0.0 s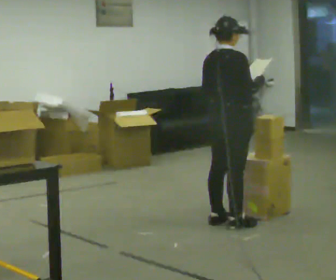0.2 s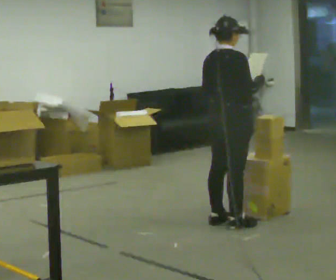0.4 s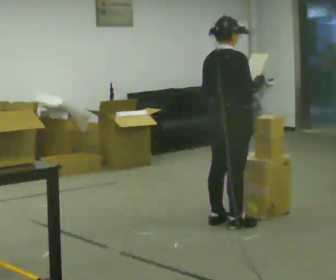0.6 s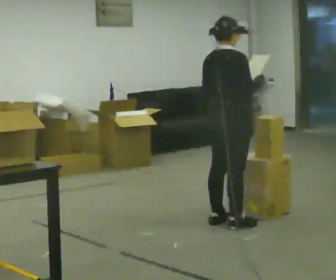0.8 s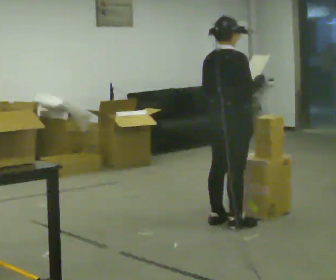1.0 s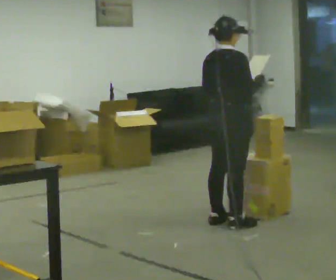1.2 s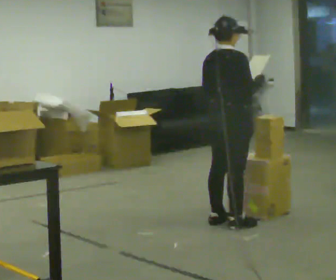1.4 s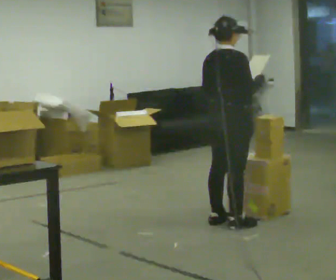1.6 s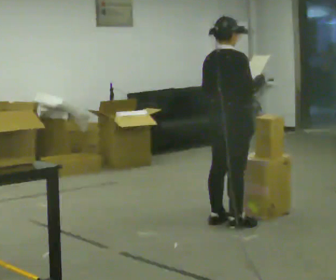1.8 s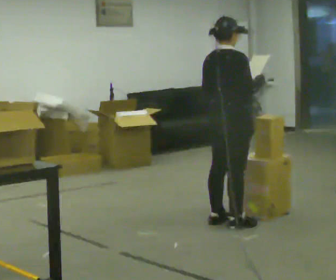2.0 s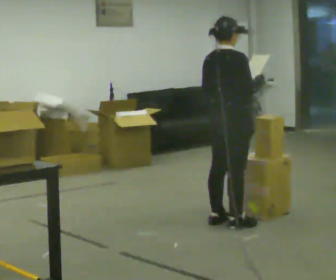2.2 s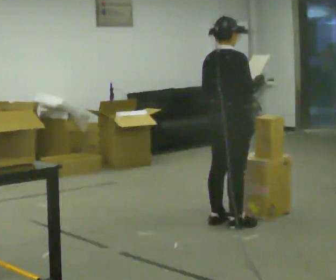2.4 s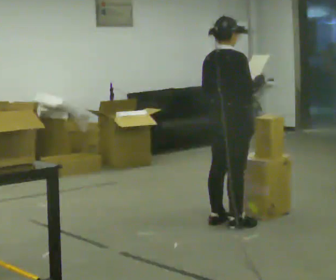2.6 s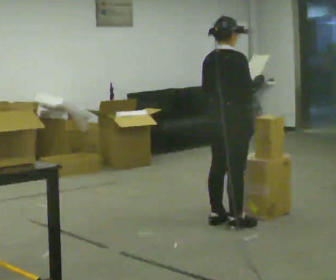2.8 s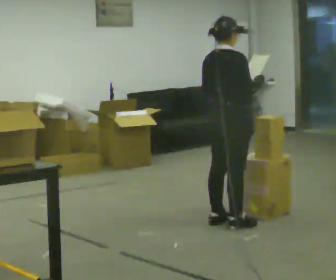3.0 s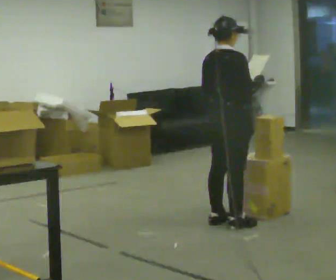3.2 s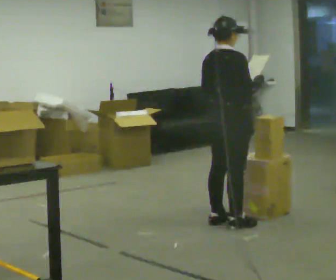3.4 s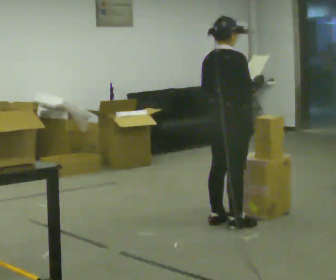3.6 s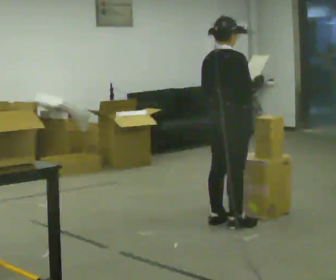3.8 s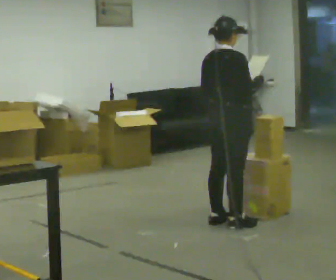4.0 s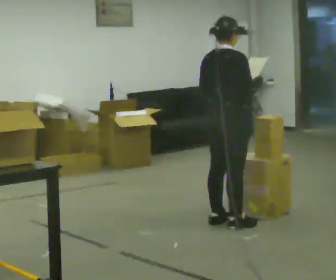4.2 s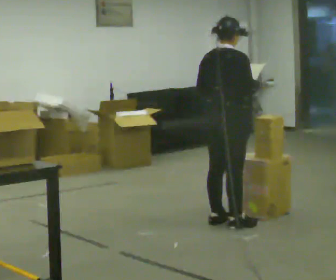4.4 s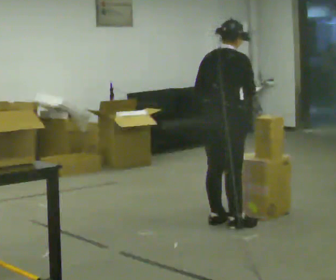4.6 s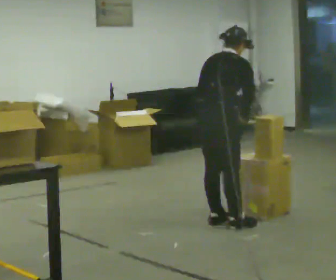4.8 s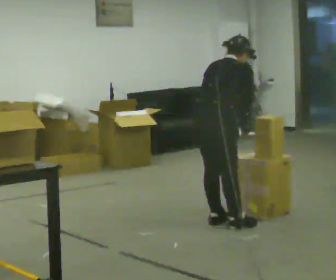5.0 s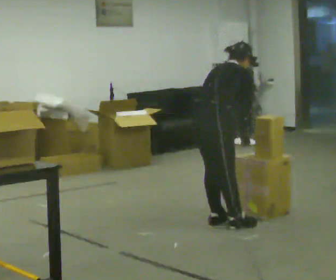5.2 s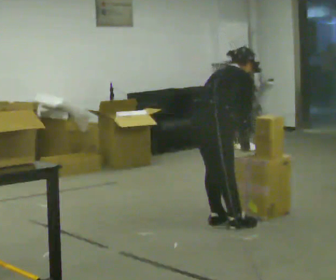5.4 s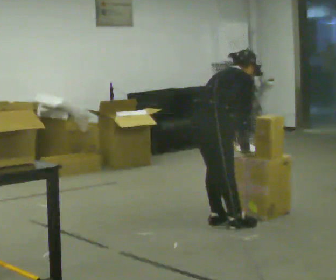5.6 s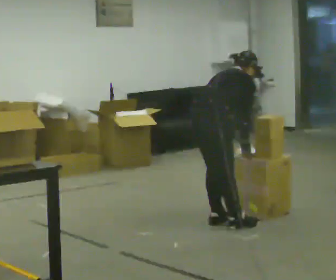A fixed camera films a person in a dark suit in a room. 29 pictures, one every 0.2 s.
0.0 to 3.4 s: The person keeps their place and pose.
3.4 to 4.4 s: The person moves a little, or ends about where they began.
4.4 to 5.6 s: The upper body goes downward. The upper body tips away from the camera, its near side rolling upward, as they bend forward. In the picture their right hand goes downward.
The film runs forward here.
